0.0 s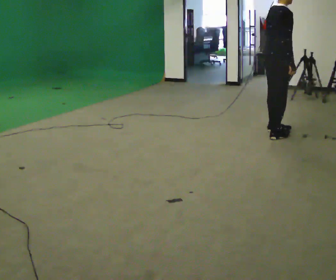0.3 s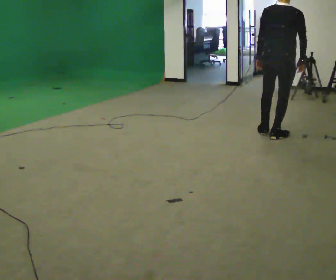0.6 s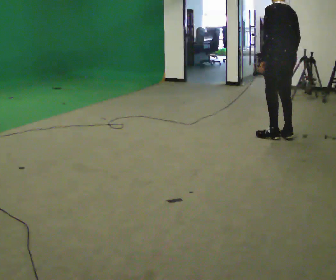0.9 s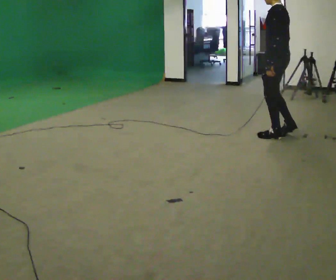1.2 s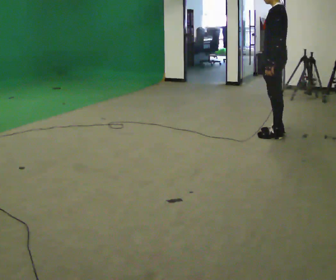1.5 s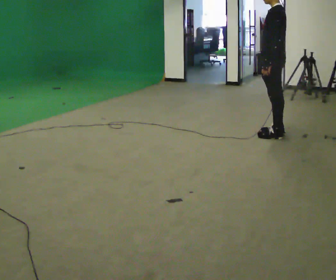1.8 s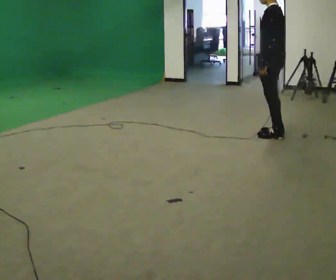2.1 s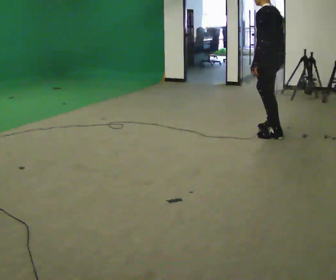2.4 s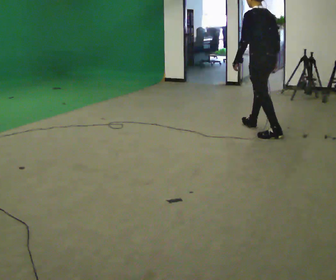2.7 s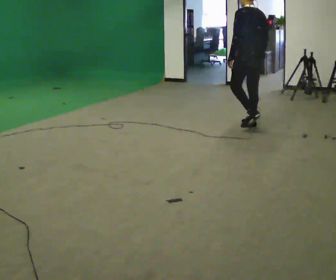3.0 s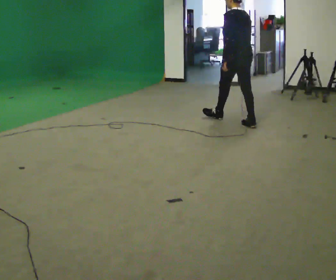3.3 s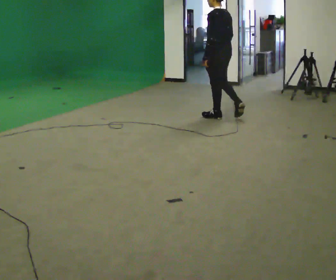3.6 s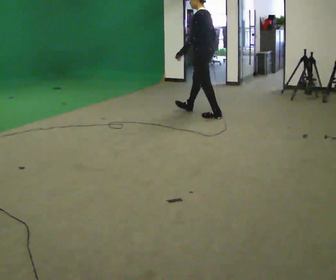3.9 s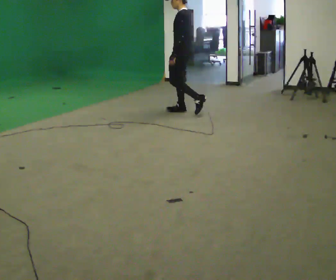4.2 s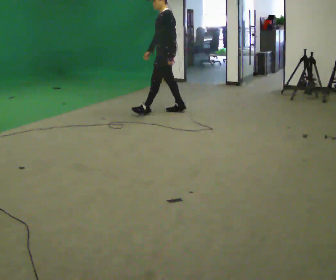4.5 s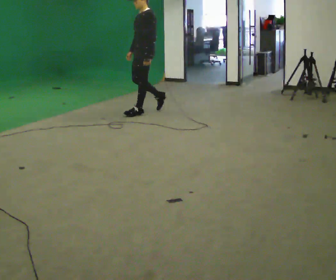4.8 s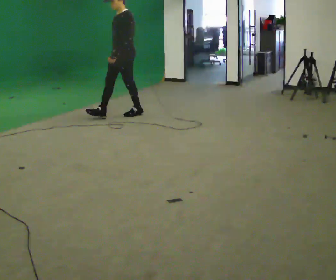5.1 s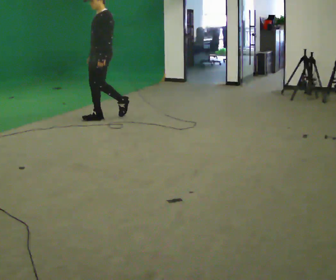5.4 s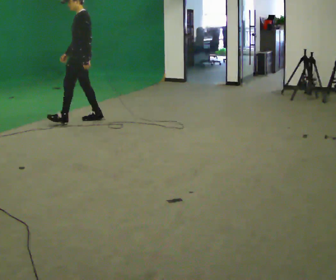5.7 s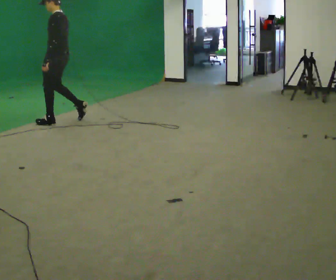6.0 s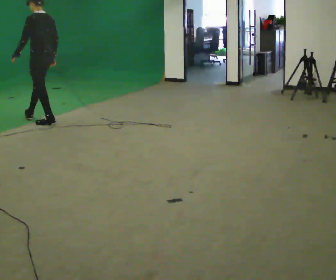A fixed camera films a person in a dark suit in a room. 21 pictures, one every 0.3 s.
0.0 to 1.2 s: Seen from above the body turns counterclockwise, about 135 degrees: to their left, with its near side sliding to the right.
1.2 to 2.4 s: Seen from above the body turns clockwise, about 30 degrees: to their right, with its near side sliding to the left. In the picture they go away from the camera, about 0.25 m in 1 step, which for them is forward and to their right.
2.4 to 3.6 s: The person turns about 30 degrees to their left, counterclockwise seen from above, so the part of the body nearest the lens slides to the right. In the picture they go to the left and away from the camera, about 1 m in 1 step, which for them is forward.
3.6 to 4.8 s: The person turns about 60 degrees to their left, counterclockwise seen from above, so the part of the body nearest the lens slides to the right. In the picture they go to the left, about 1 m in 2 steps.
4.8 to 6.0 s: The person turns about 60 degrees to their right, clockwise seen from above, so the part of the body nearest the lens slides to the left. In the picture they go to the left and toward the camera, about 1 m in 2 steps.
The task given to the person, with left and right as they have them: Follow S-shaped path continuously; no stopping between curves.
The film runs forward here.
